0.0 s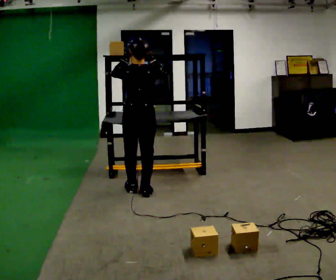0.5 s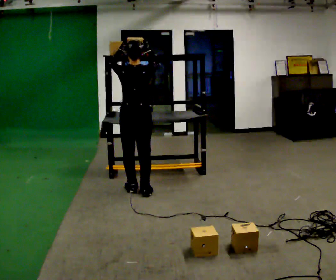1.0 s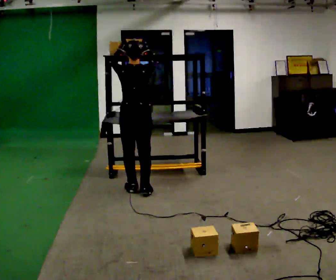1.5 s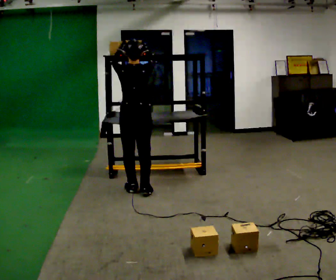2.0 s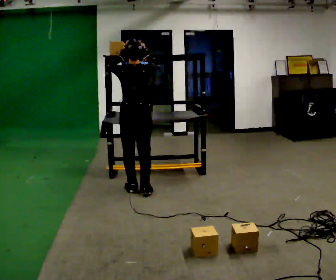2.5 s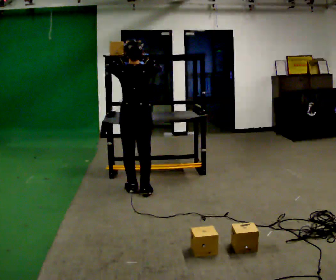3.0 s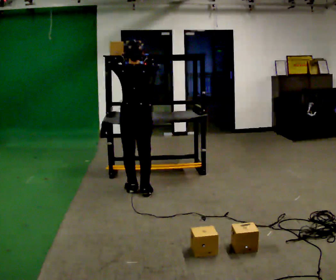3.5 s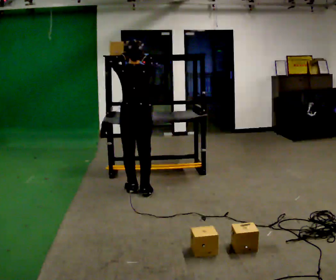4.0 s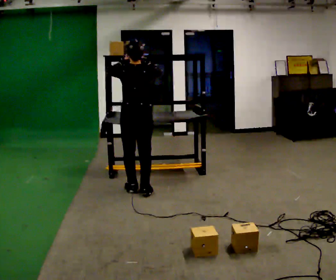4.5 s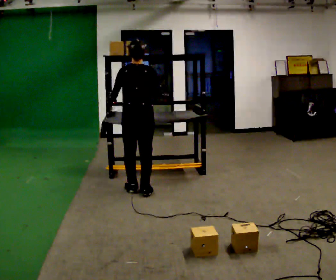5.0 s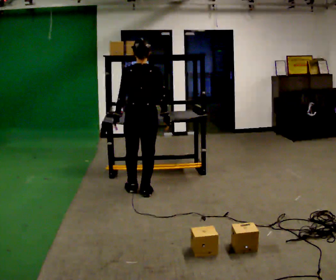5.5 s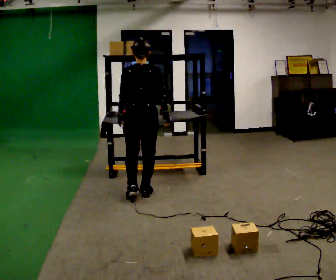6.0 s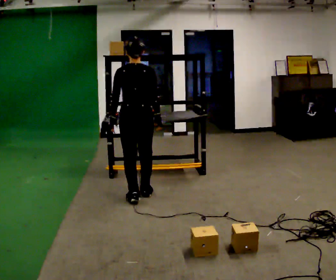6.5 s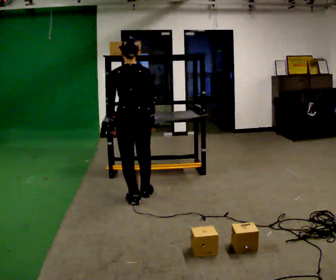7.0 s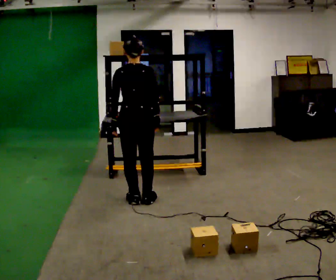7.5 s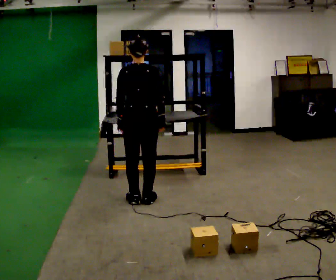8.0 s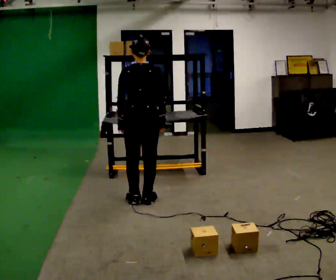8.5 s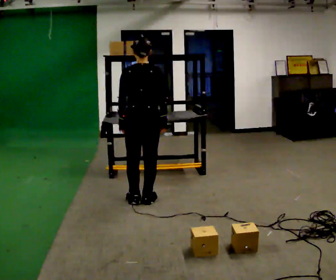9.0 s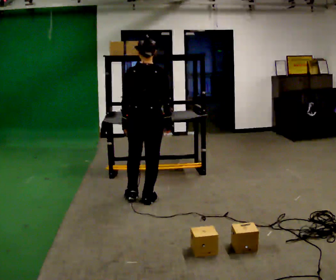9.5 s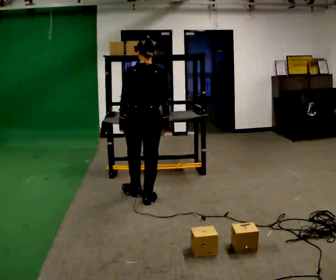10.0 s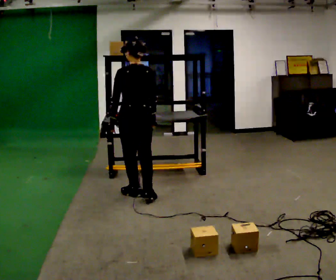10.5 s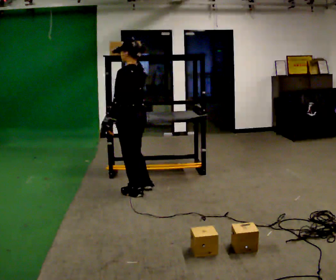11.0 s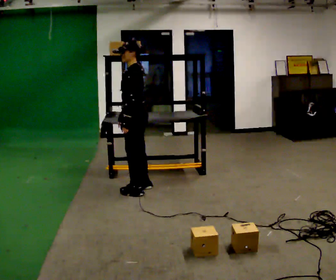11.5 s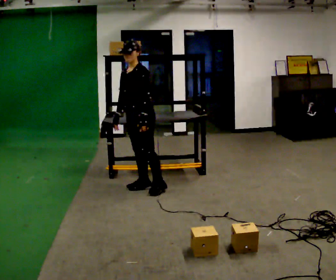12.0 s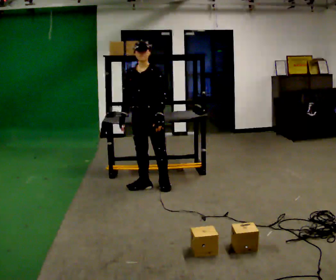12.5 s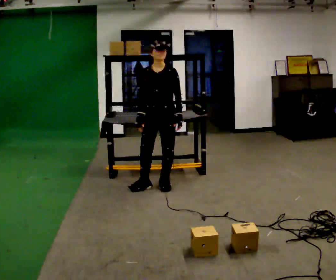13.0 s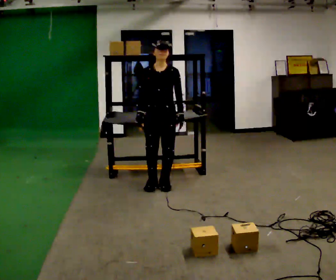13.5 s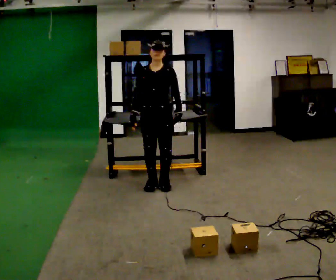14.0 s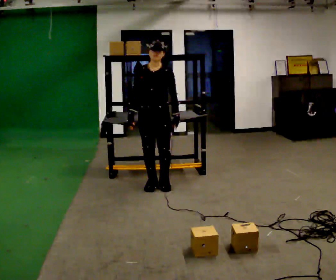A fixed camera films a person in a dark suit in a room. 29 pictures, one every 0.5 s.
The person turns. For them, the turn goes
to their left.
The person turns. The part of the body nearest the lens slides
to the right.
0.0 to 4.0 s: The person moves a little, or ends about where they began.
4.0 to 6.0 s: In the picture they go toward the camera, about 0.25 m in 1 step, which for them is backward. In the picture their left hand goes downward.
6.0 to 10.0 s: The person moves a little, or ends about where they began.
10.0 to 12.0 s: The part of the body nearest the lens slides to the right as the person turns to their left by about 135 degrees. In the picture they go away from the camera, about 0.25 m in 2 steps.
12.0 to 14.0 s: The person moves a little, or ends about where they began.
The film runs forward here.
